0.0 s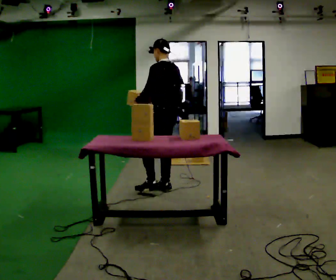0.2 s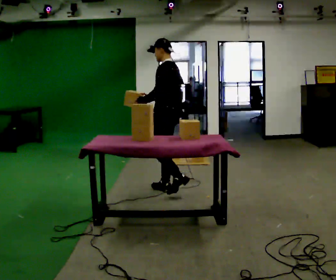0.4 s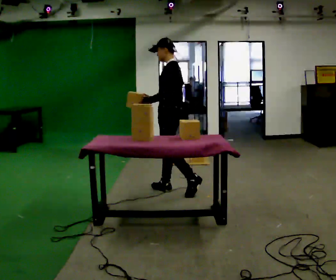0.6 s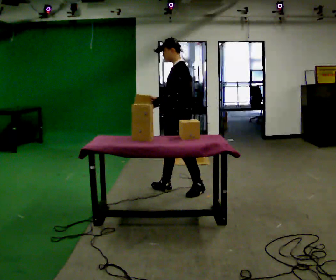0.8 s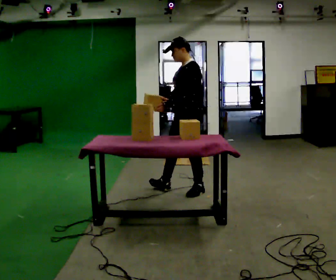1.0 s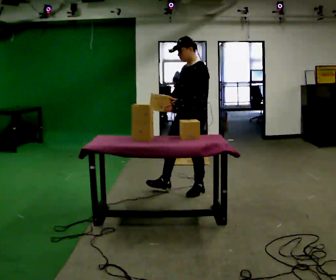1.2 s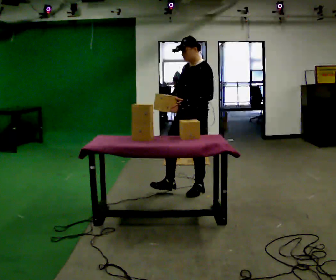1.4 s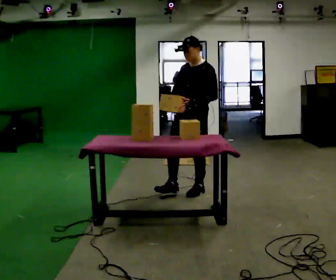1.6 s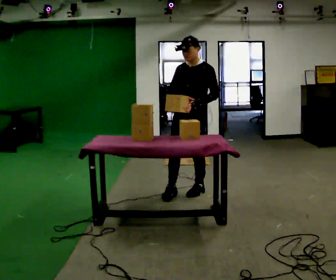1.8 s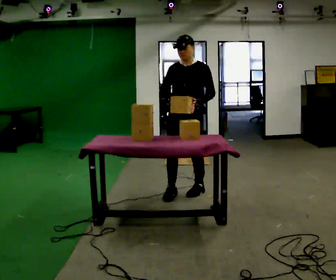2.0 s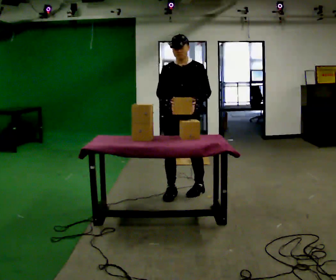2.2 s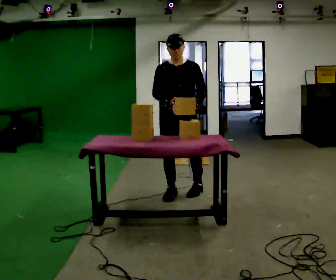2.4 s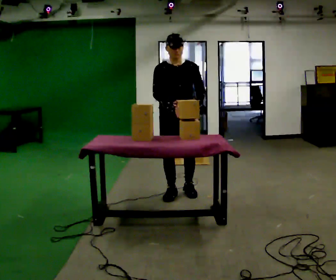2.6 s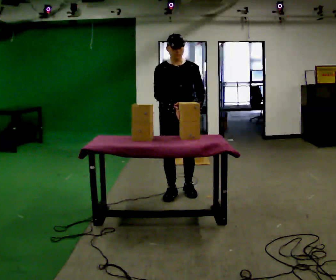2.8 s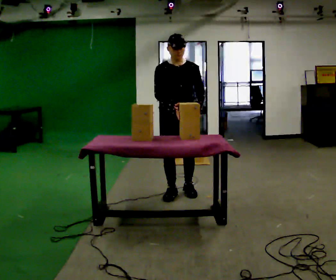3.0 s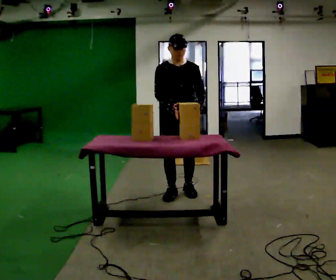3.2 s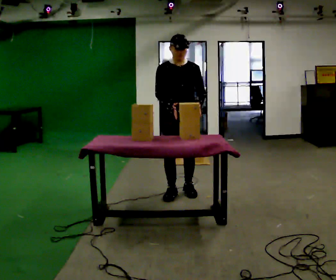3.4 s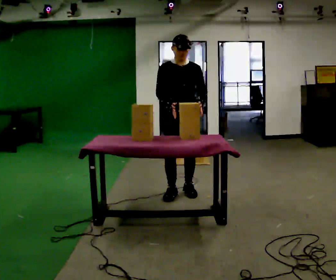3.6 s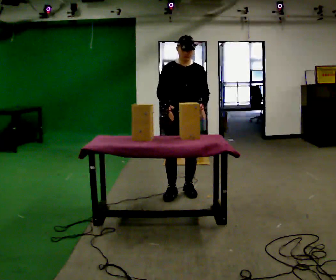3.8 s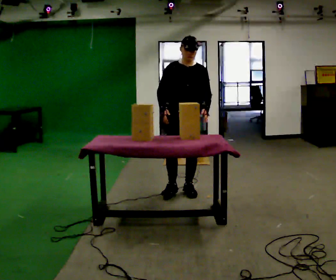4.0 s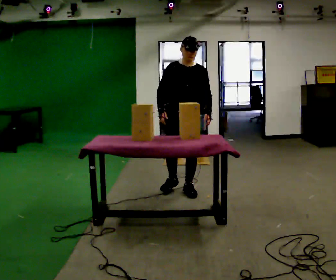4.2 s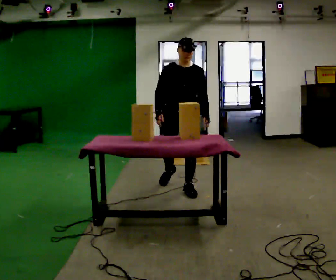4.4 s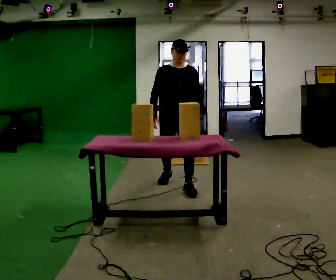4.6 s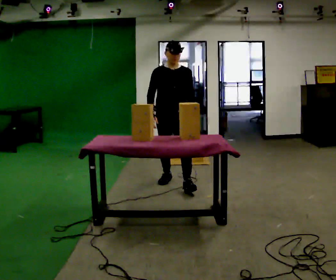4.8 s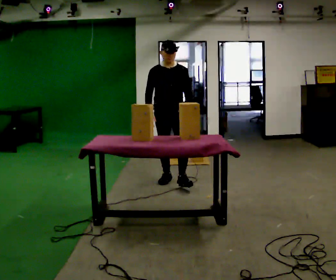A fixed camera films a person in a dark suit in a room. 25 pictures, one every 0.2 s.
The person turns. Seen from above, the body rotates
counterclockwise.
Their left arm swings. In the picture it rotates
counterclockwise.
0.0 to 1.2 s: The part of the body nearest the lens slides to the right as the person turns to their left by about 75 degrees. In the picture they go to the right and toward the camera, about 0.25 m.
1.2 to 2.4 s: Seen from above the body turns counterclockwise, about 60 degrees: to their left, with its near side sliding to the right. In the picture they go to the left, about 0.25 m in 1 step.
2.4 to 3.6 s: The person moves a little, or ends about where they began.
3.6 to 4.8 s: In the picture they go away from the camera, about 0.5 m in 2 steps, which for them is backward.
The film runs backward here.
